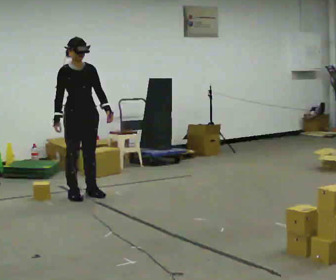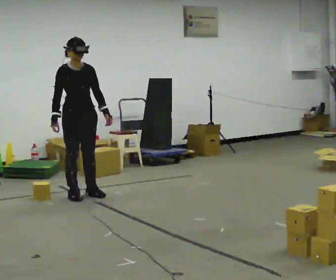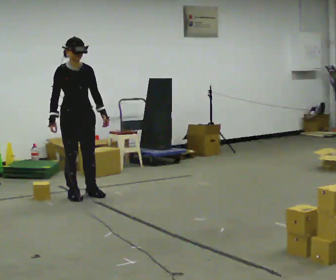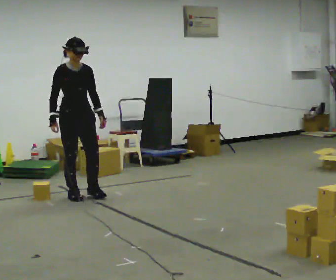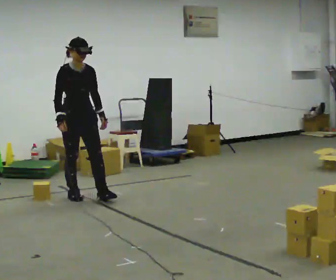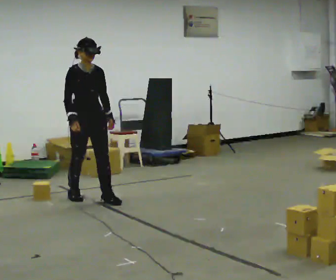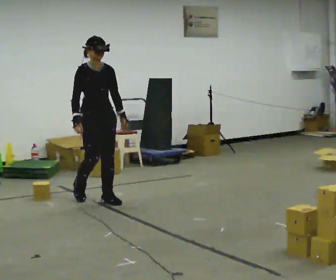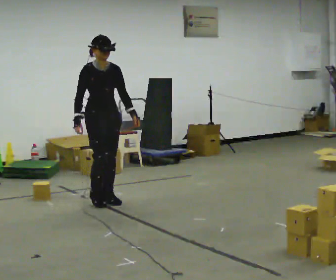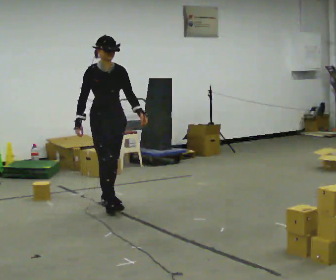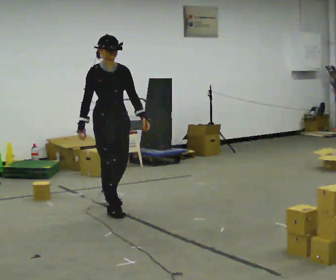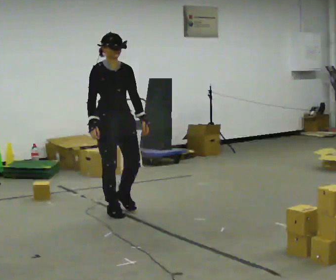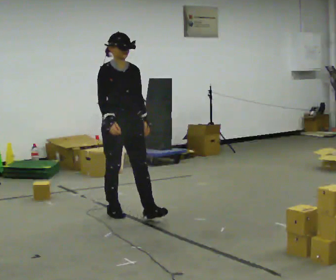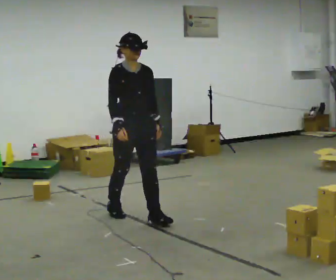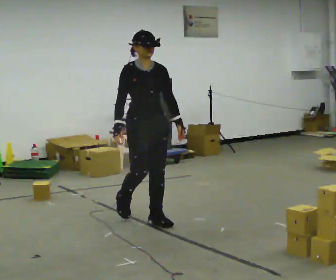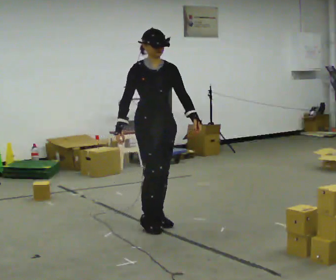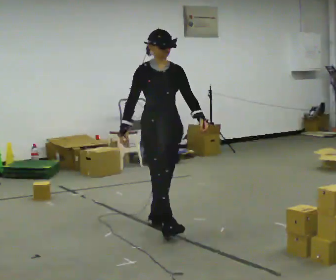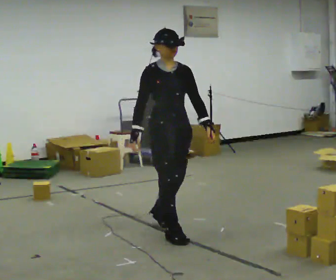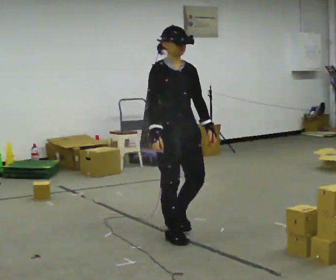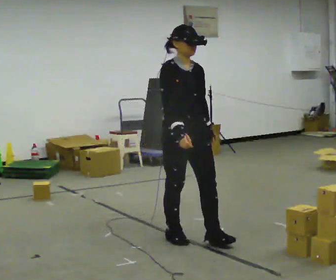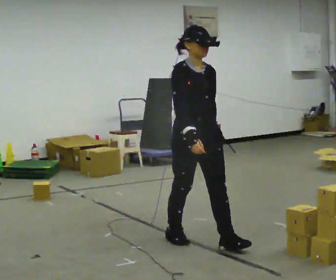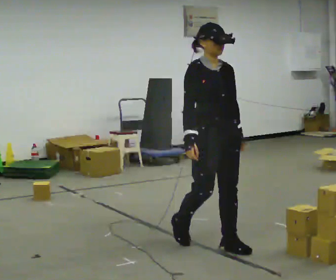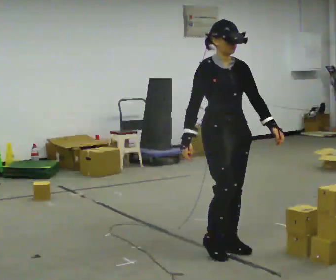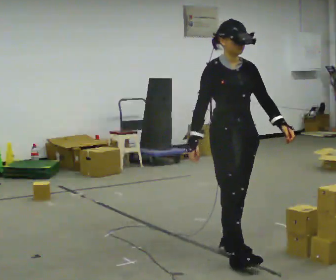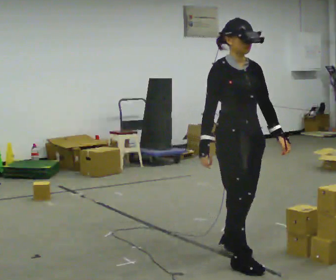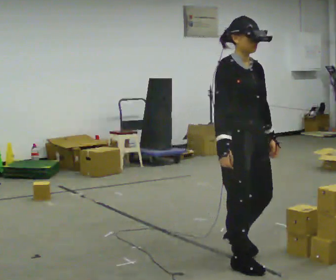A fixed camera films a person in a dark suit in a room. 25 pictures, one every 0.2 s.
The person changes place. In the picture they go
toward the camera.
0.0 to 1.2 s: In the picture they go toward the camera and to the right, about 0.25 m in 1 step, which for them is forward.
1.2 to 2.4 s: In the picture they go toward the camera and to the right, about 1 m in 2 steps, which for them is forward.
2.4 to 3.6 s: In the picture they go toward the camera and to the right, about 1 m in 1 step, which for them is forward.
3.6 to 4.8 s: In the picture they go toward the camera and to the right, about 0.75 m in 2 steps, which for them is forward.
The film runs forward here.
